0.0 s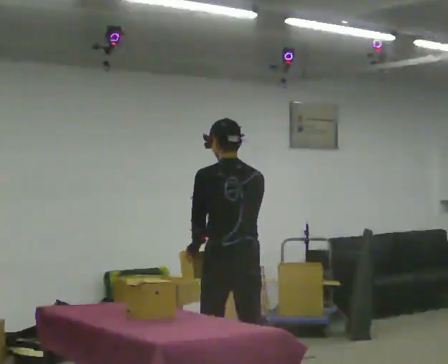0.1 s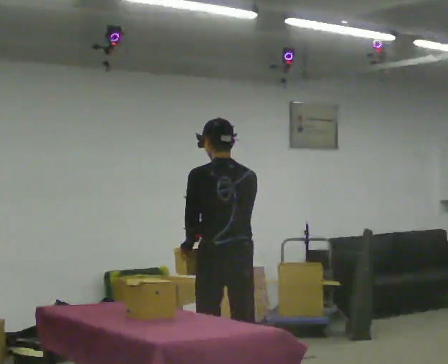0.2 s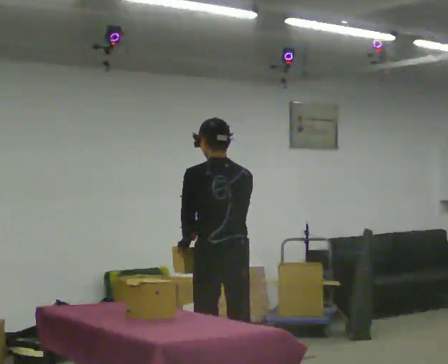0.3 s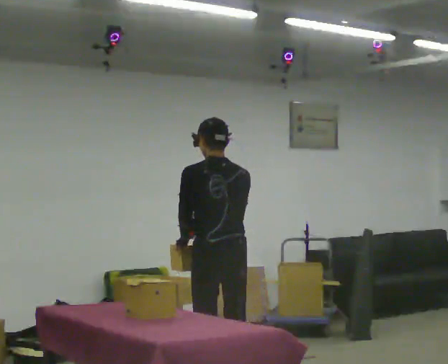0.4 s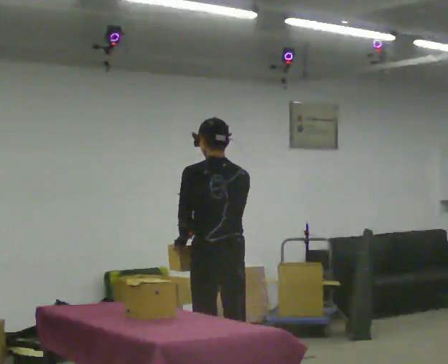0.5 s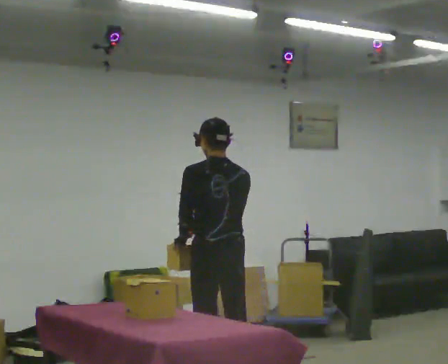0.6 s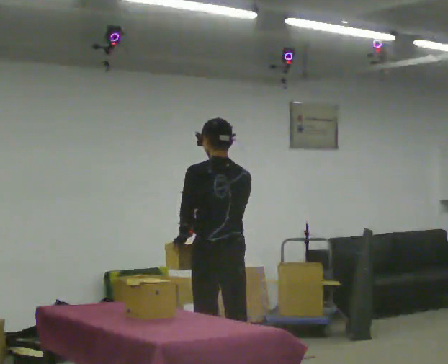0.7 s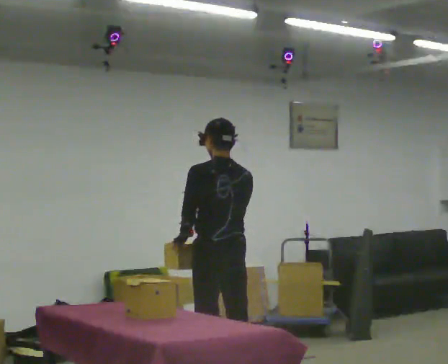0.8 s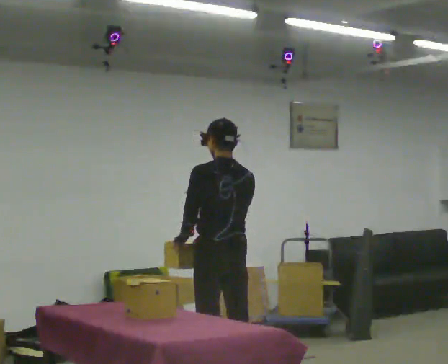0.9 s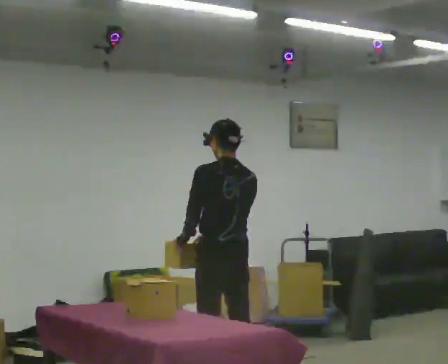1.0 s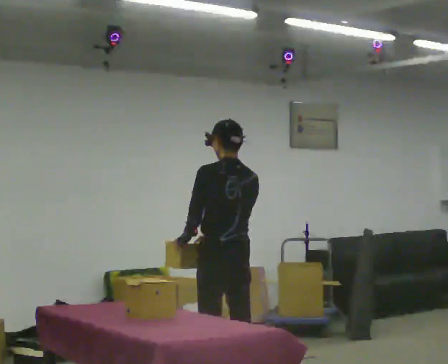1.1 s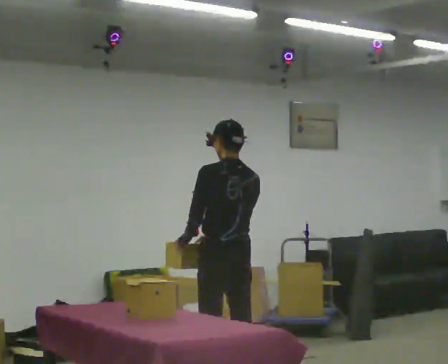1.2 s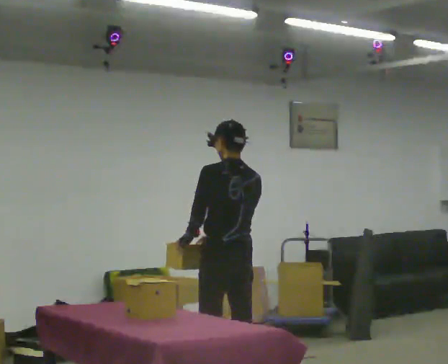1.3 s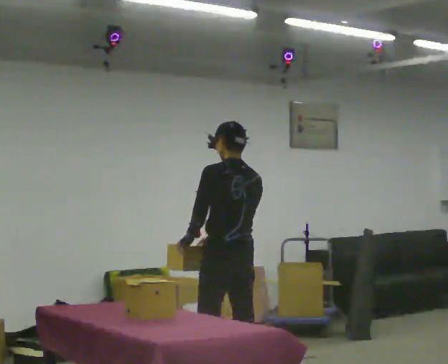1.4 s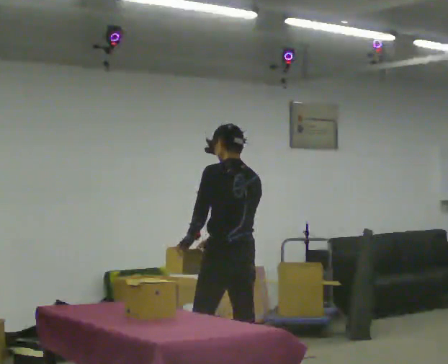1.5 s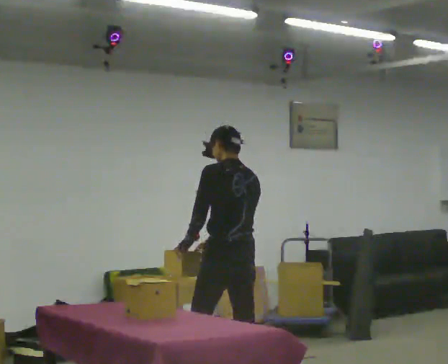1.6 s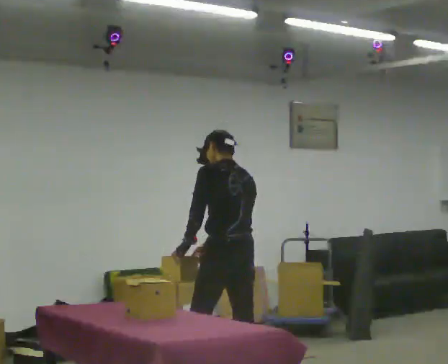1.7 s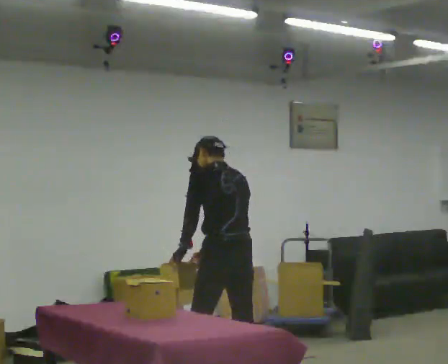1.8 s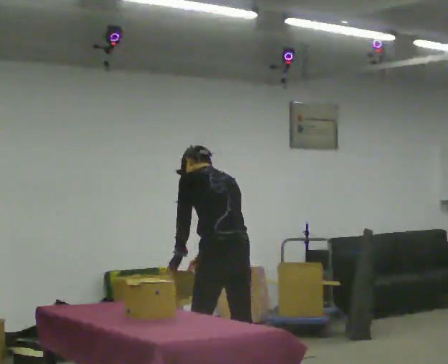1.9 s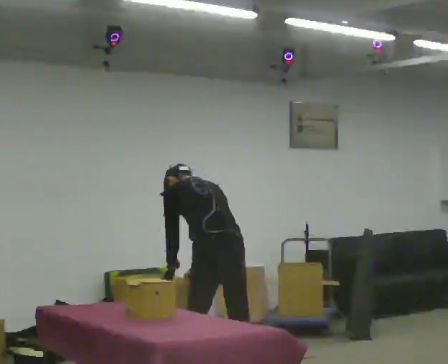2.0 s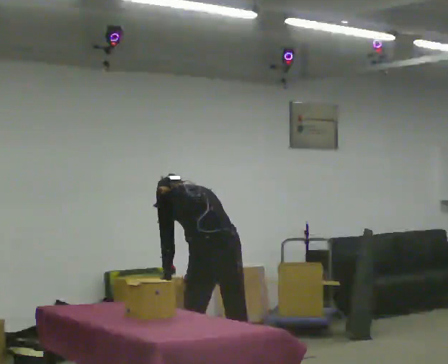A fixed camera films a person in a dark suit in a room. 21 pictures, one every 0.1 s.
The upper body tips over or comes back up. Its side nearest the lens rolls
upward.
0.0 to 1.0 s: In the picture they go away from the camera, about 0.25 m in 1 step, which for them is forward.
1.0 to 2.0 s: The shoulders move downward. The upper body tips away from the camera, its near side rolling upward, as they bend forward.
The film runs forward here.
